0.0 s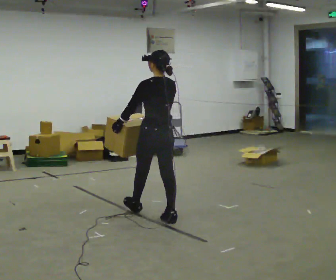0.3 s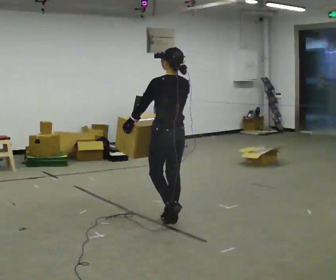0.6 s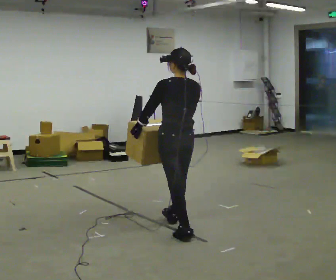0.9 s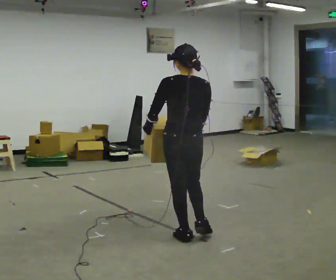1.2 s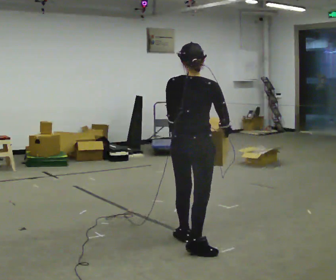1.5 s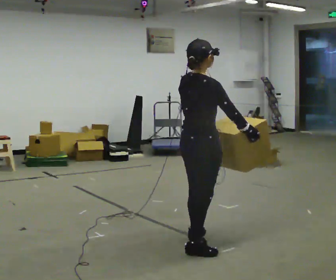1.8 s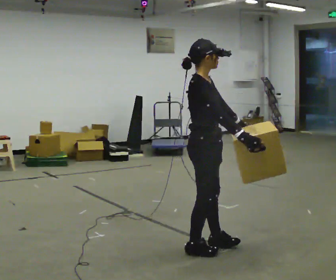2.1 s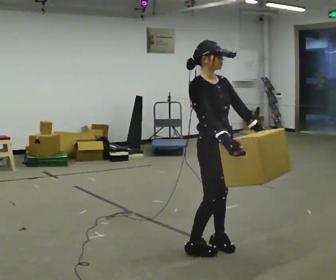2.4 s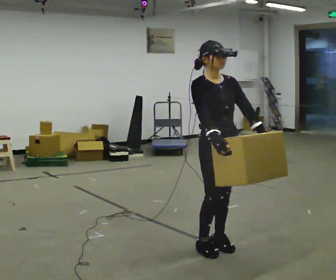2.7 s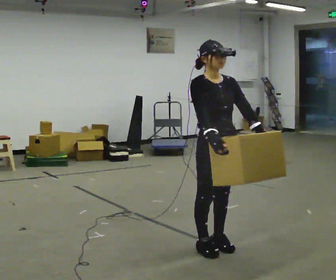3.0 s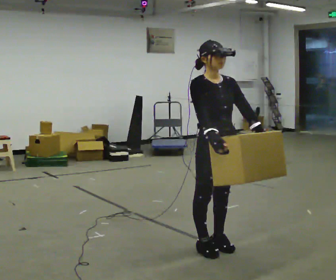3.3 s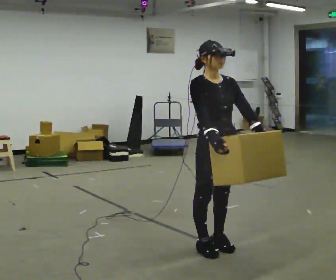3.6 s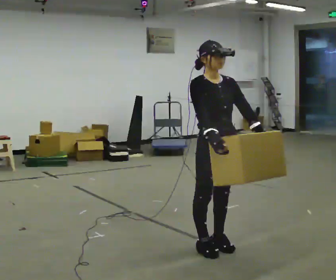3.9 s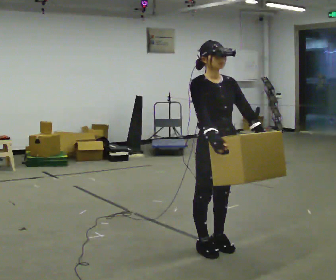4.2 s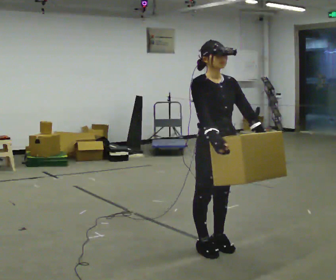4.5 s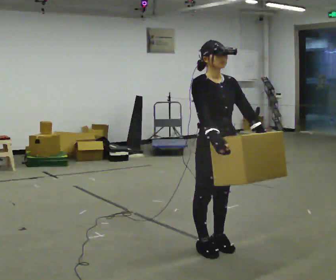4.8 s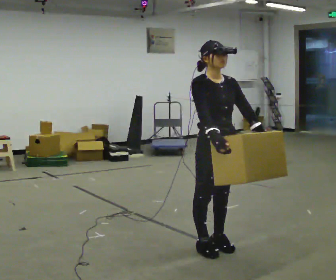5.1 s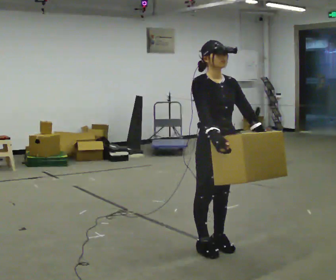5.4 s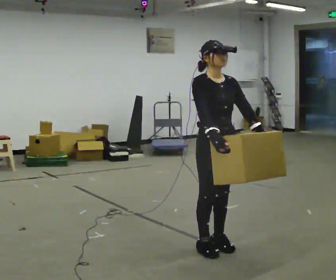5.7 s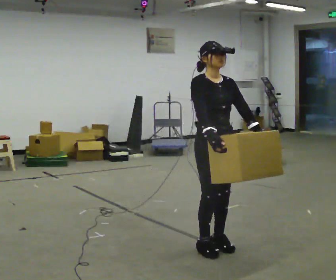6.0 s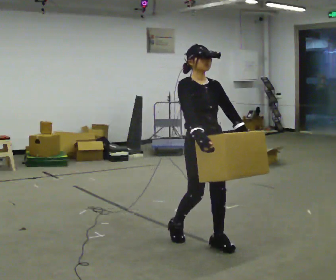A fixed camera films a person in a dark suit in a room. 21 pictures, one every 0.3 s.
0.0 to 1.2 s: The part of the body nearest the lens slides to the left as the person turns to their right by about 60 degrees. In the picture they go toward the camera and to the right, about 1 m in 1 step, which for them is backward.
1.2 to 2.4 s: Seen from above the body turns clockwise, about 120 degrees: to their right, with its near side sliding to the left. In the picture they go to the right, about 0.25 m in 1 step.
2.4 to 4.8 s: The person keeps their place and pose.
4.8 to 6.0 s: The person moves a little, or ends about where they began.
The film runs backward here.
